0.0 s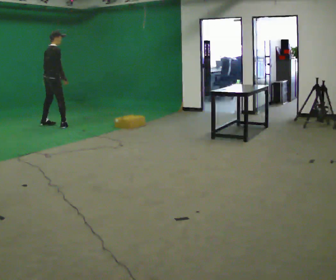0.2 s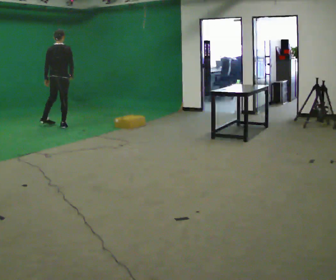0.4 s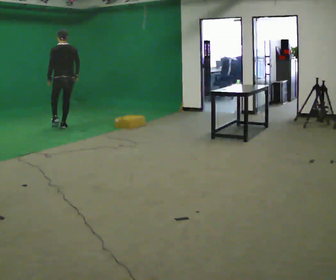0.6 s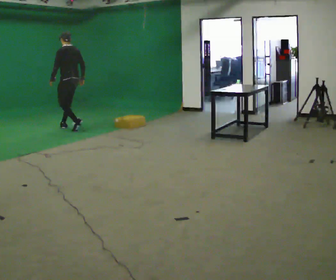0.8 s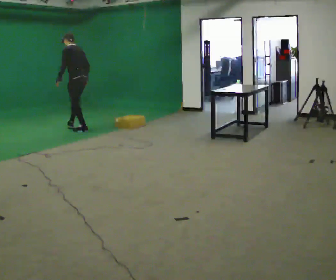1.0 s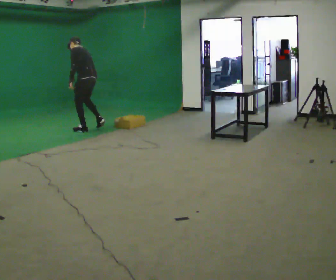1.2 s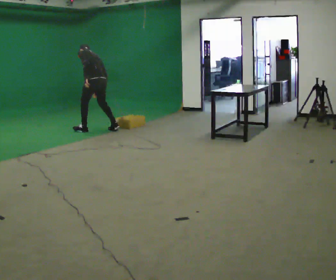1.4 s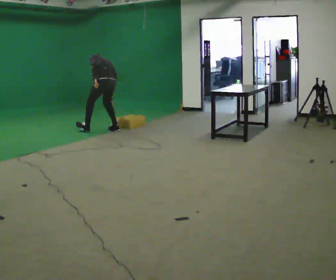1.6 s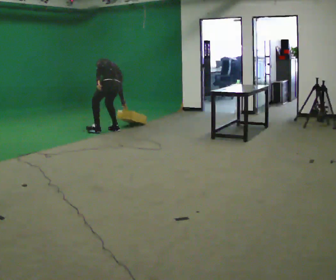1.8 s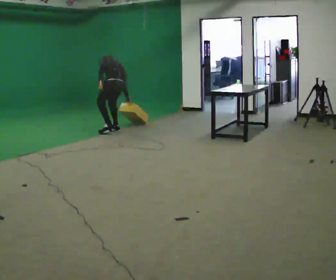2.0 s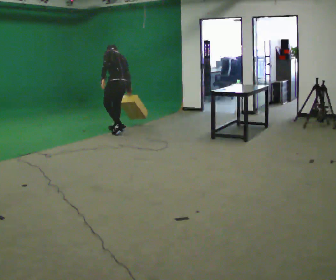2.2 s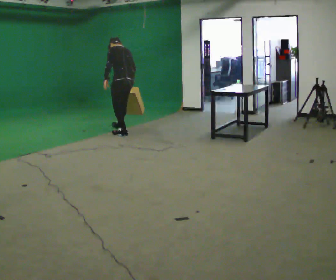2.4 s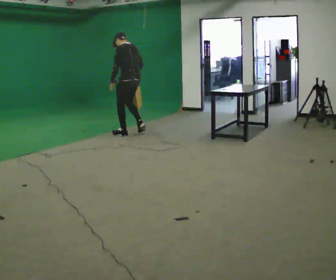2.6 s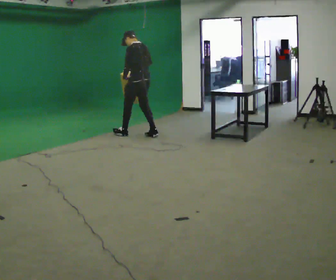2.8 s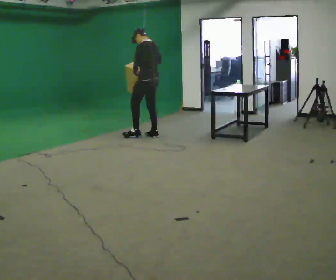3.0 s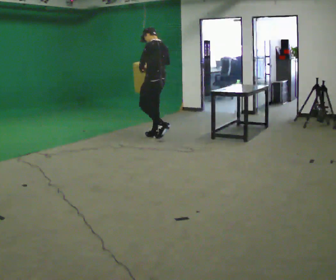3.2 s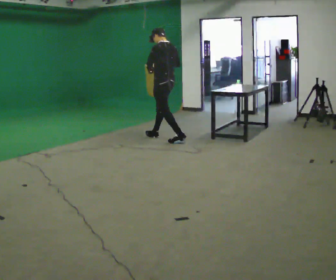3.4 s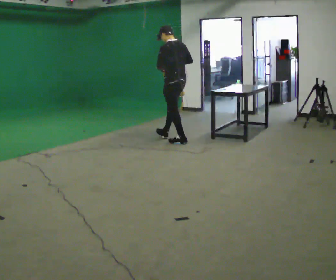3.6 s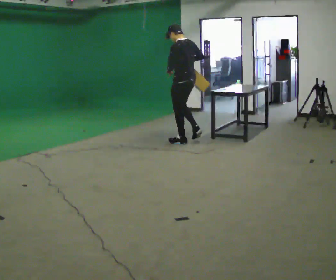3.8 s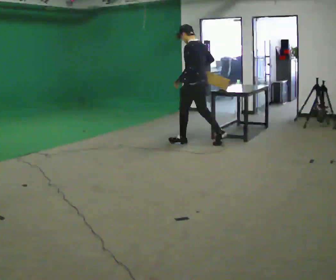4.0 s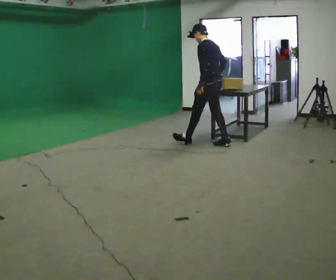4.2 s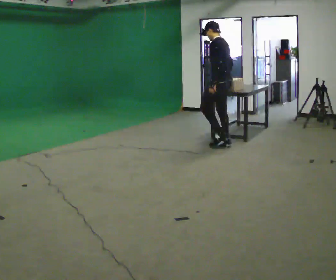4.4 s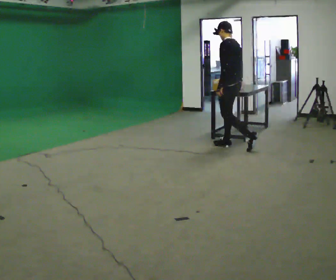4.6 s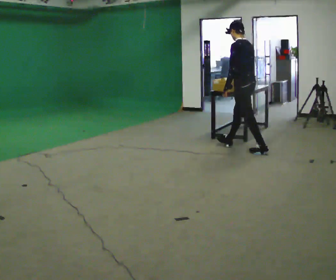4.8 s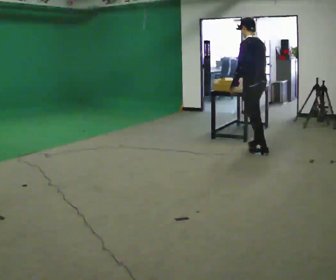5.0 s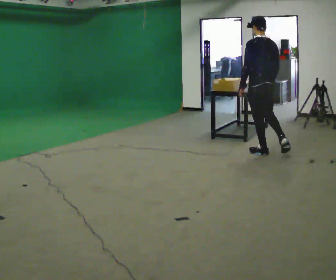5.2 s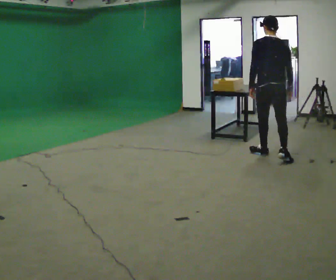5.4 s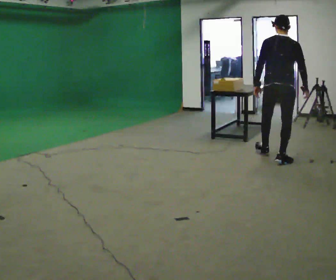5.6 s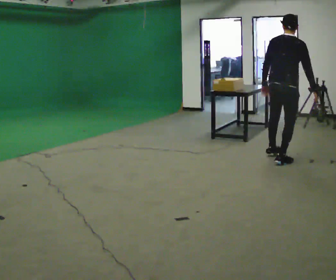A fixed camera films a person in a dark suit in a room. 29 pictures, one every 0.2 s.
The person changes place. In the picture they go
to the right.
0.0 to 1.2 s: The person turns about 105 degrees to their left, counterclockwise seen from above, so the part of the body nearest the lens slides to the right. In the picture they go to the right, about 1 m in 2 steps. In the picture the upper body tilts counterclockwise, shoulders to the left, as they bend forward.
1.2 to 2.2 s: In the picture they go to the right and toward the camera, about 0.5 m in 2 steps, which for them is backward and to their right.
2.2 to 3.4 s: In the picture they go to the right and toward the camera, about 1 m in 2 steps, which for them is backward. The upper body tips toward the camera, its near side rolling downward, as they lean back or straighten.
3.4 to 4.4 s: In the picture they go to the right and toward the camera, about 1 m in 1 step, which for them is backward.
4.4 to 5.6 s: The person turns about 90 degrees to their right, clockwise seen from above, so the part of the body nearest the lens slides to the left. In the picture they go toward the camera and to the right, about 1 m in 2 steps.
The film runs backward here.
